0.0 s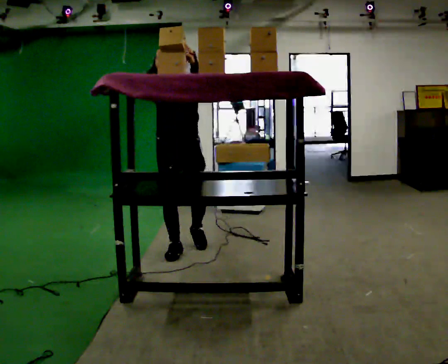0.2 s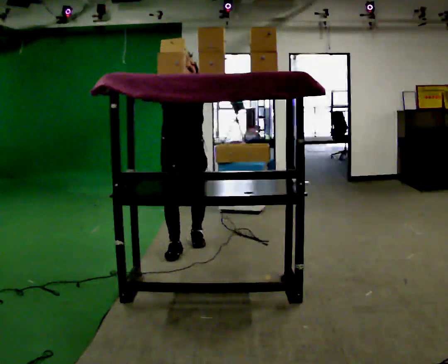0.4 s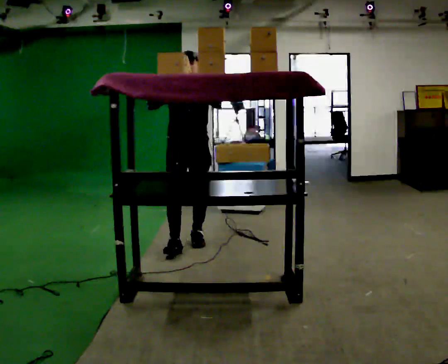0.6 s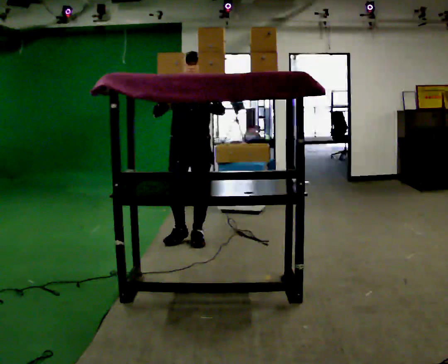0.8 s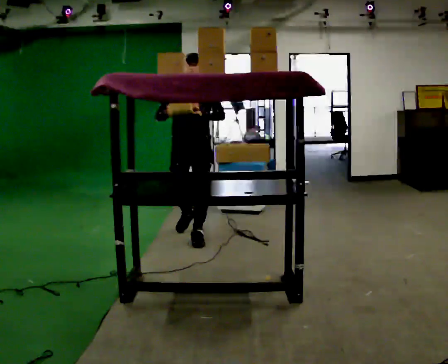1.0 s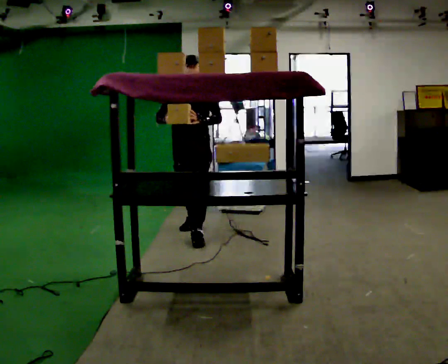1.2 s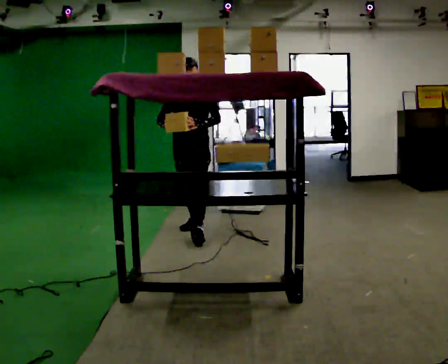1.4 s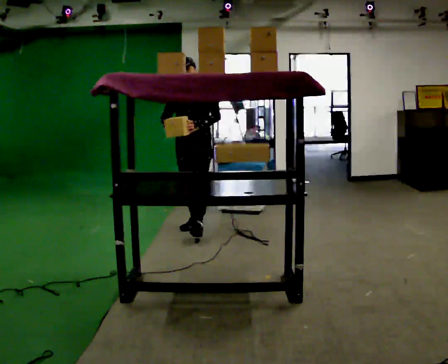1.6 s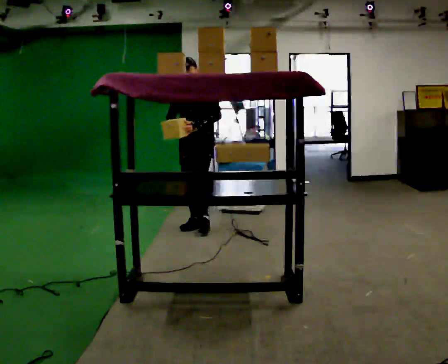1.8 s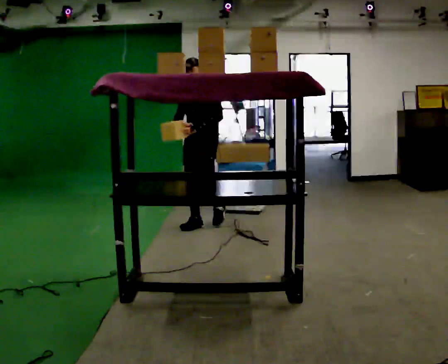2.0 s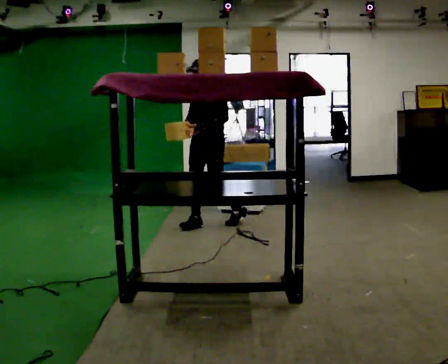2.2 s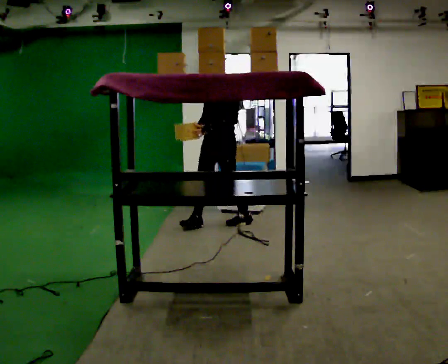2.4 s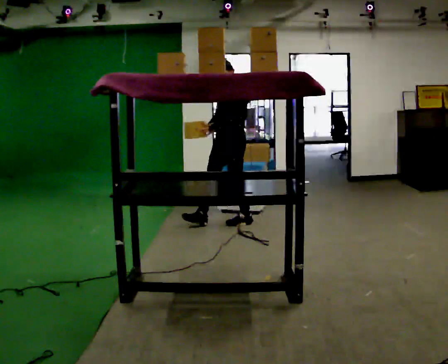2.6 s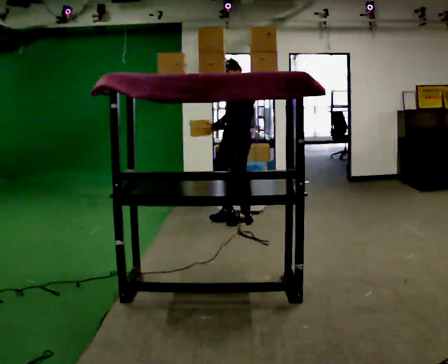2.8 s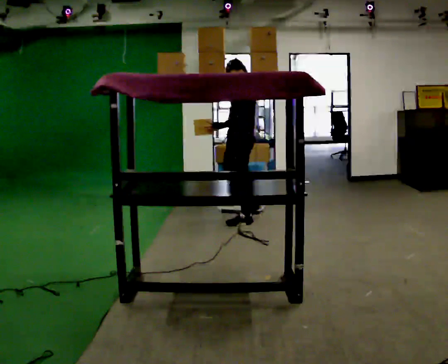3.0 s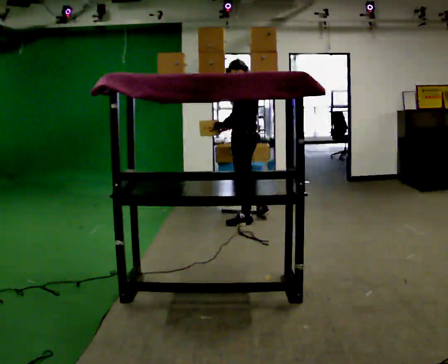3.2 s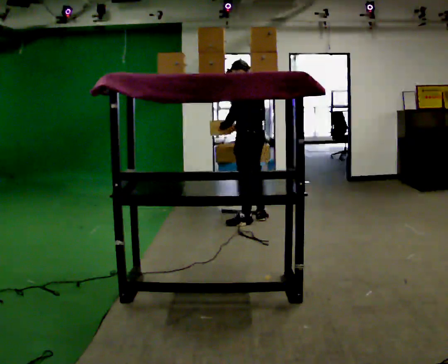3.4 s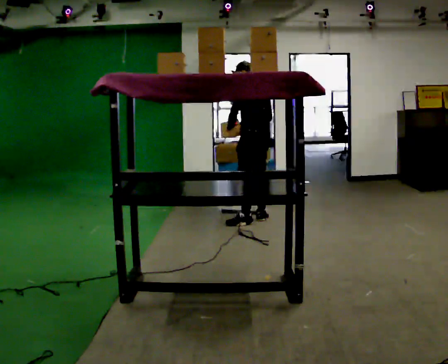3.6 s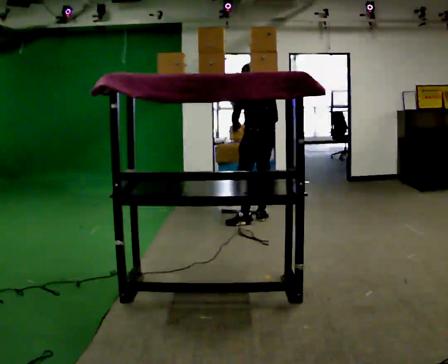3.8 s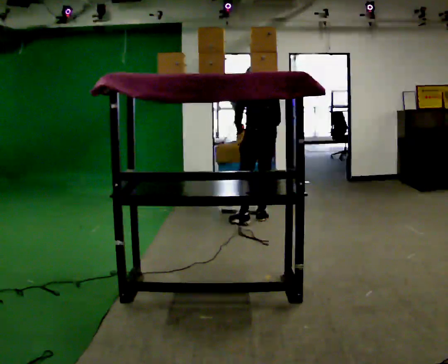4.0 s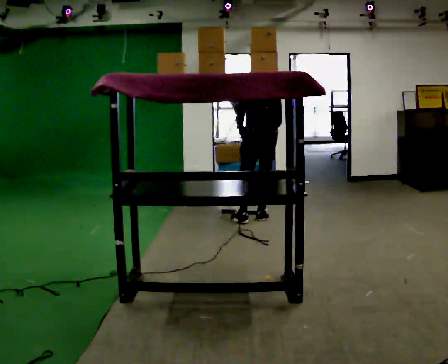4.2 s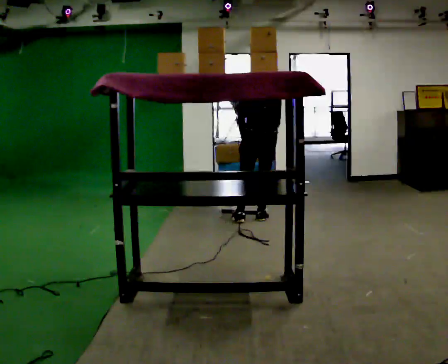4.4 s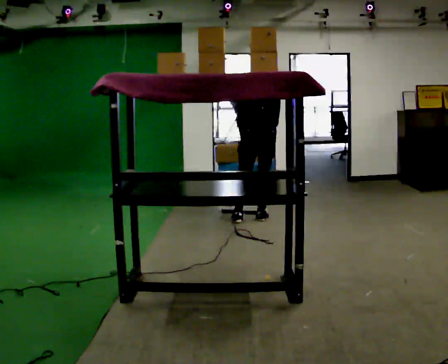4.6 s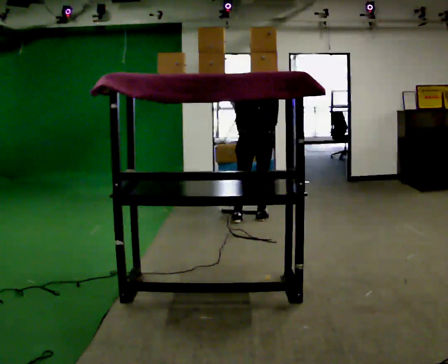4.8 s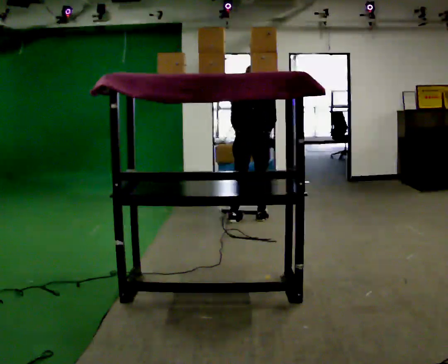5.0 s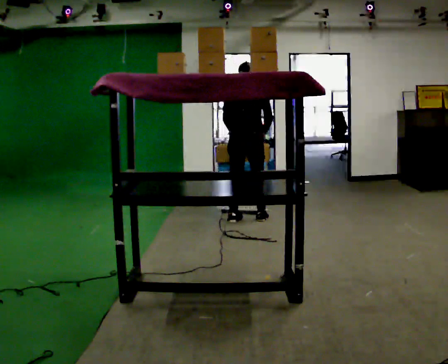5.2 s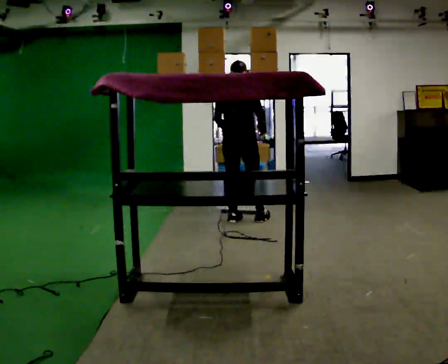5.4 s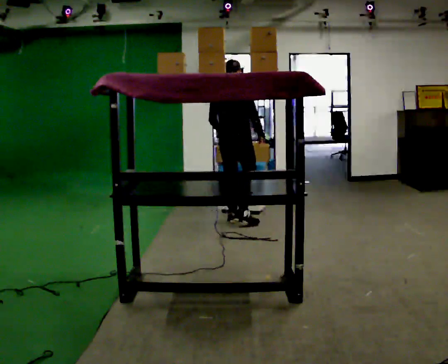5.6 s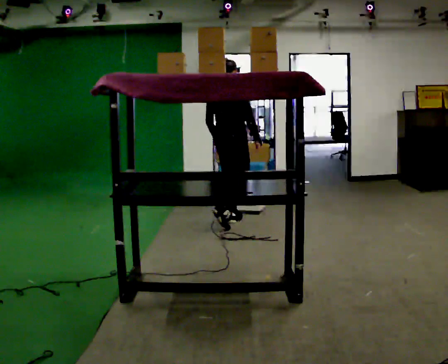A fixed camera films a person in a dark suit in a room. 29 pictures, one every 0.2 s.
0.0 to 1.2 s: In the picture they go away from the camera, about 0.75 m in 1 step, which for them is backward. In the picture their right hand goes downward.
1.2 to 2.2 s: Seen from above the body turns clockwise, about 30 degrees: to their right, with its near side sliding to the left. In the picture they go away from the camera and to the right, about 0.5 m in 1 step, which for them is backward.
2.2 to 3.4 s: The part of the body nearest the lens slides to the left as the person turns to their right by about 90 degrees. In the picture they go to the right, about 0.5 m in 1 step.
3.4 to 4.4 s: The person turns about 45 degrees to their right, clockwise seen from above, so the part of the body nearest the lens slides to the left. The upper body tips away from the camera, its near side rolling upward, as they bend forward.
4.4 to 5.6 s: The person turns about 45 degrees to their right, clockwise seen from above, so the part of the body nearest the lens slides to the left. In the picture they go to the left, about 0.25 m in 1 step, which for them is to their left and backward. The upper body tips toward the camera, its near side rolling downward, as they lean back or straighten.
The film runs backward here.
